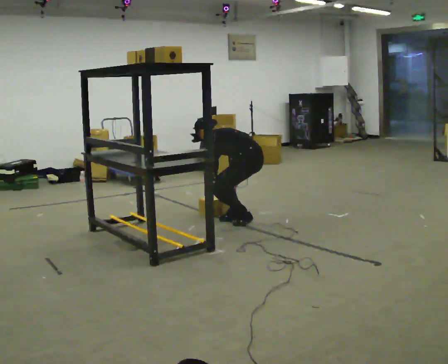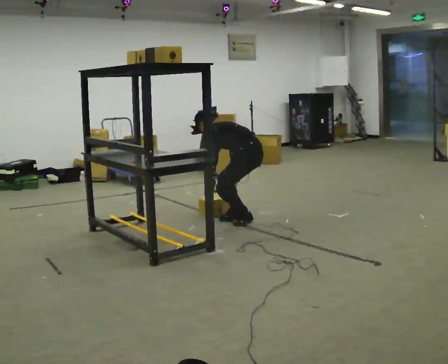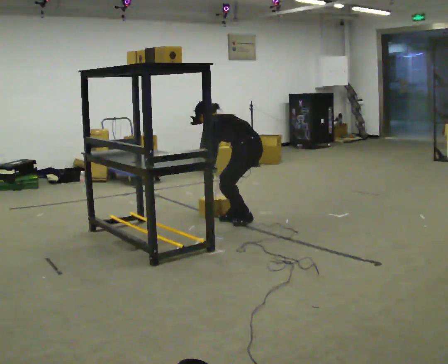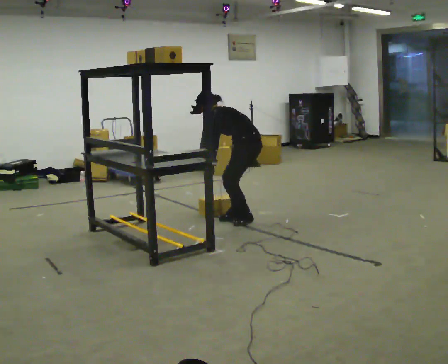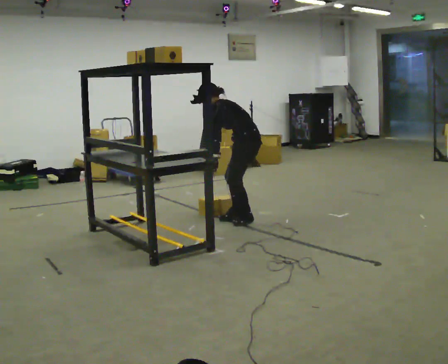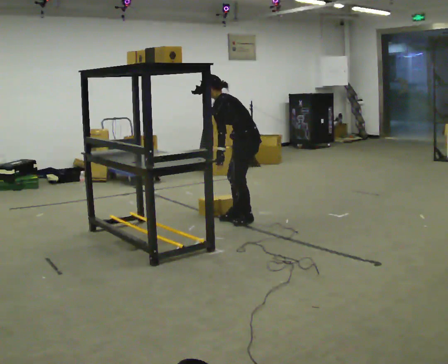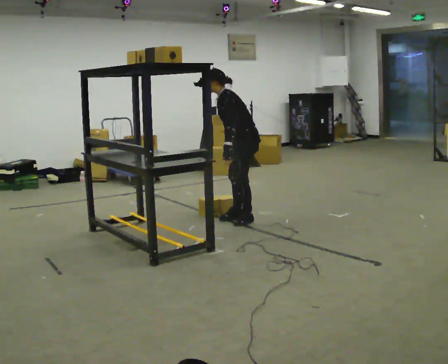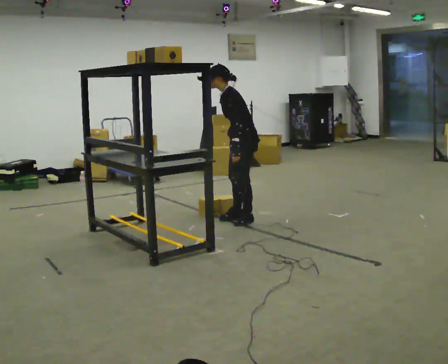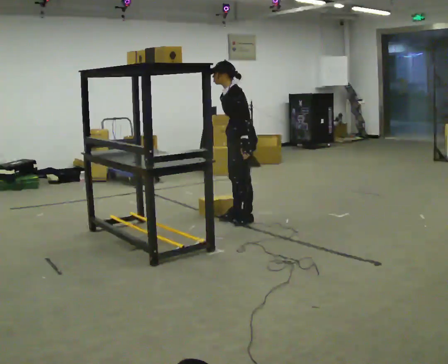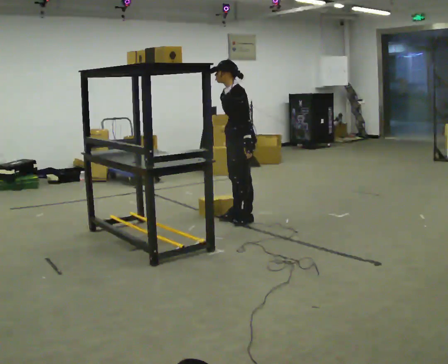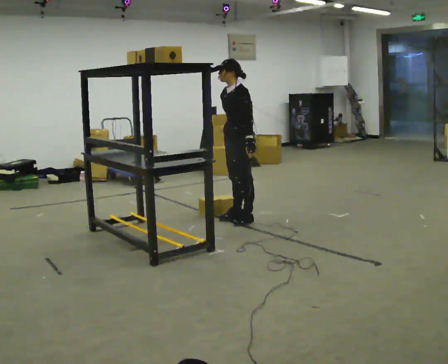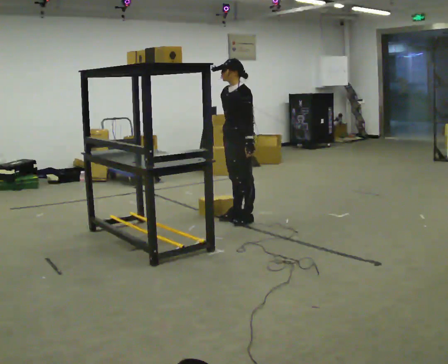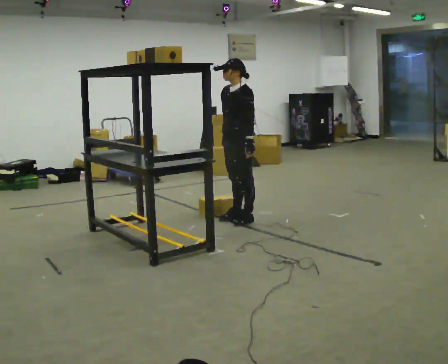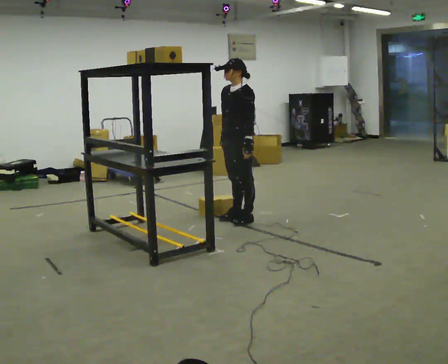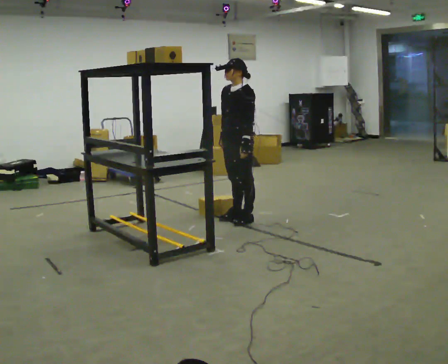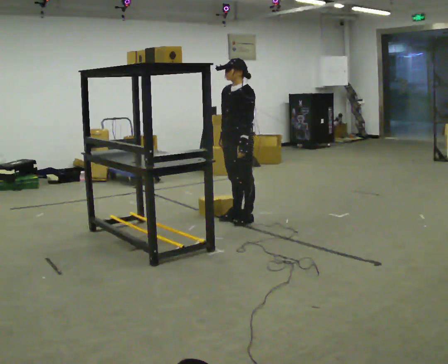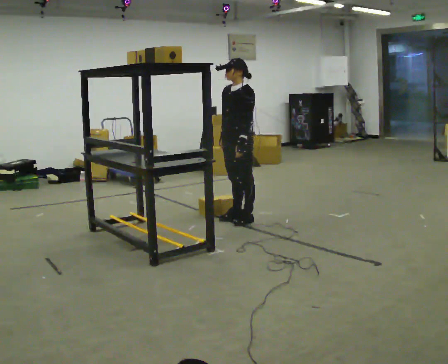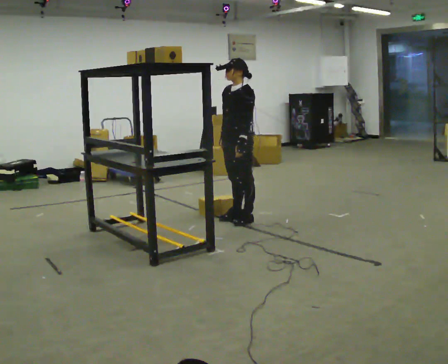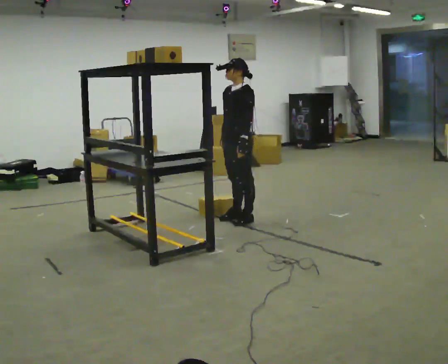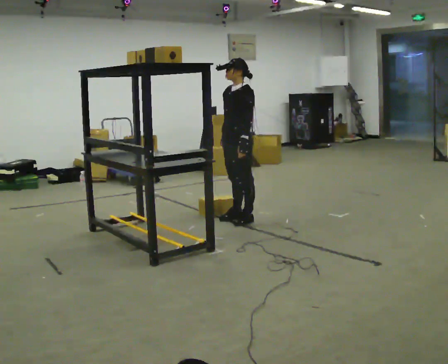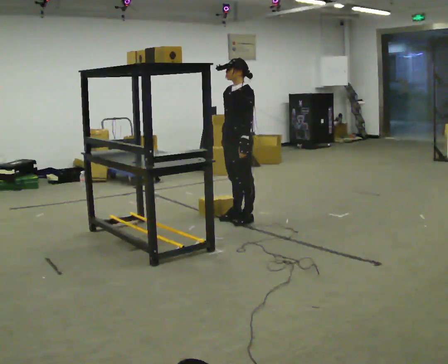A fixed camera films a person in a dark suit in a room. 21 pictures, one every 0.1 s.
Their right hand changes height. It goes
upward.
The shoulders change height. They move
upward.
0.0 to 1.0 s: The person turns about 45 degrees to their left, counterclockwise seen from above, so the part of the body nearest the lens slides to the right. The upper body goes upward. In the picture the upper body tilts clockwise, shoulders to the right, as they lean back or straighten. In the picture their left hand goes upward and to the right.
1.0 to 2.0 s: The person moves a little, or ends about where they began.
The film runs forward here.
